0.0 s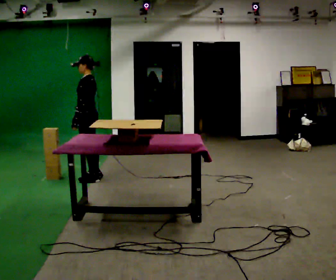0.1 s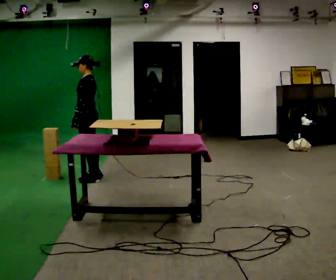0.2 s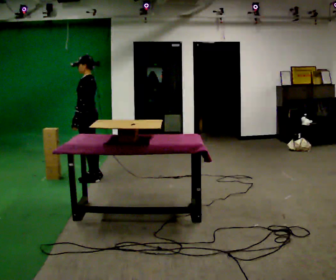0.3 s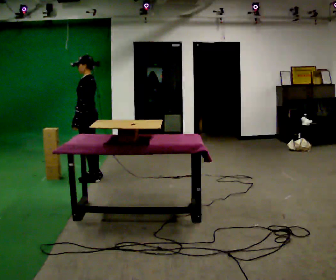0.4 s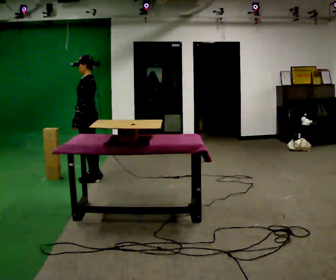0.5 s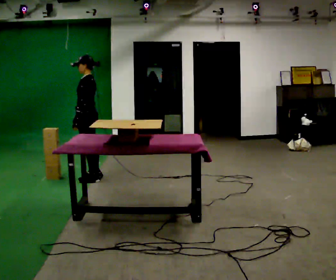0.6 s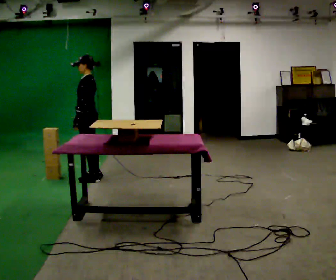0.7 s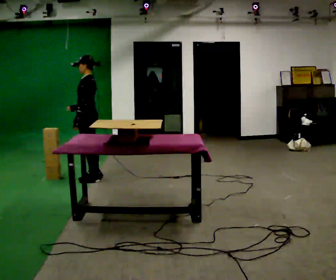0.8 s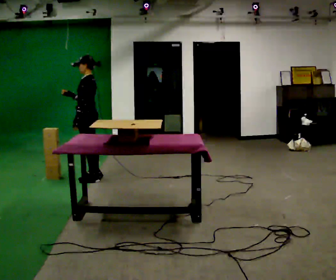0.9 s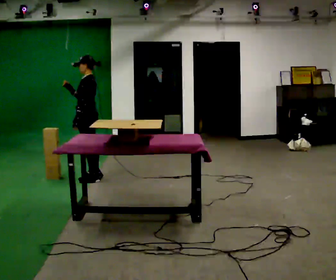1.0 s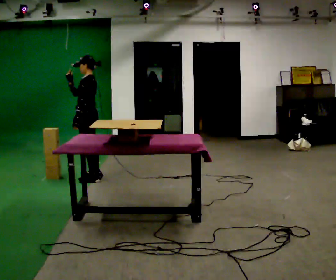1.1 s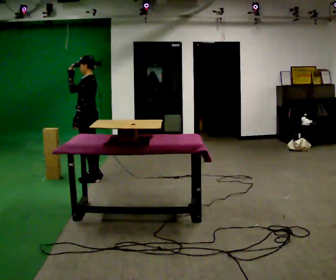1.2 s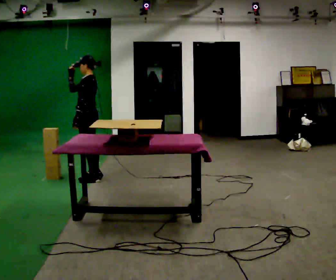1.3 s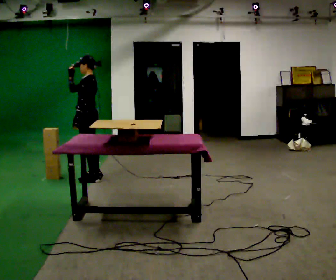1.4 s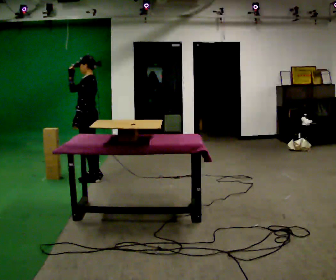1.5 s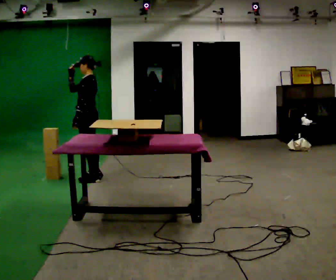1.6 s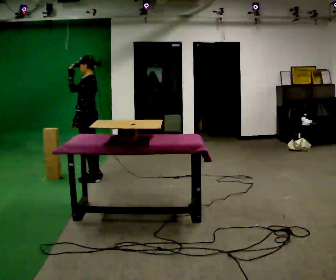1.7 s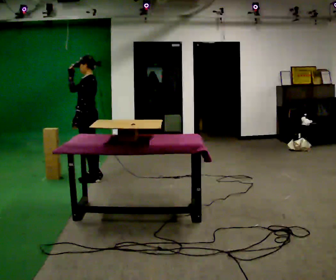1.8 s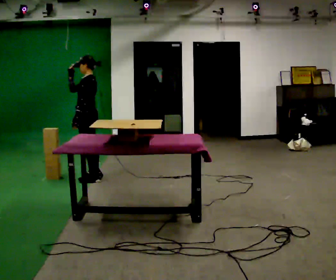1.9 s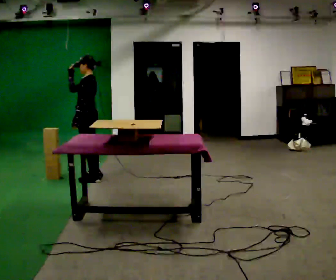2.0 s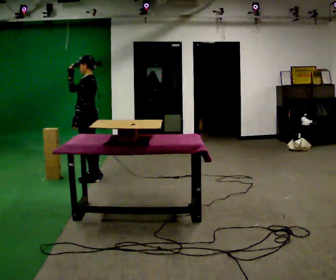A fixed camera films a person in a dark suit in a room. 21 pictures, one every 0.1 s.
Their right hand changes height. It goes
upward.
0.0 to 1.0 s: In the picture their right hand goes upward.
1.0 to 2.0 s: The person moves a little, or ends about where they began.
The film runs backward here.
